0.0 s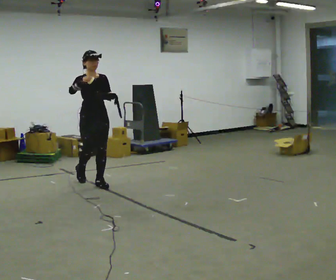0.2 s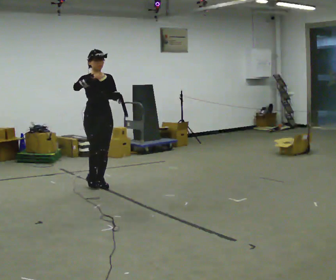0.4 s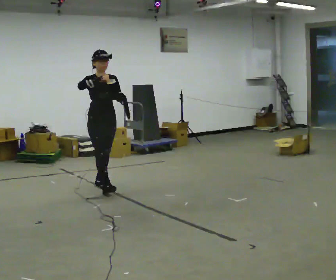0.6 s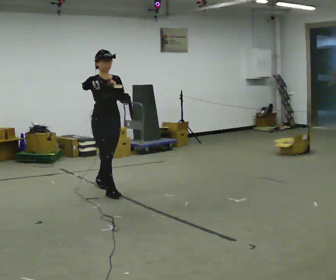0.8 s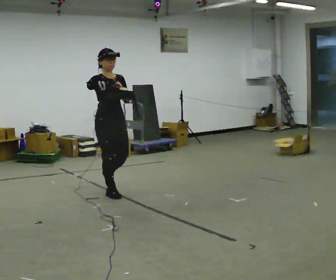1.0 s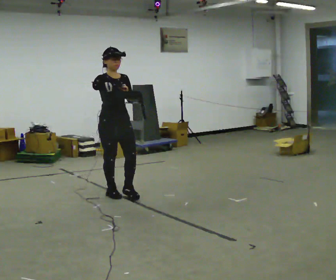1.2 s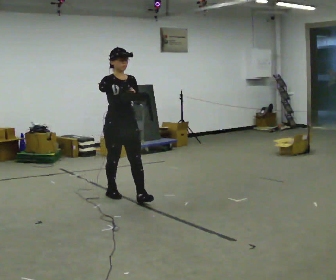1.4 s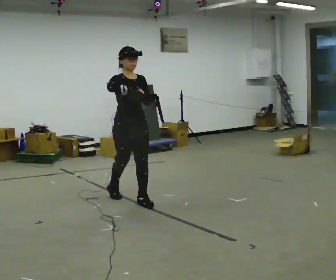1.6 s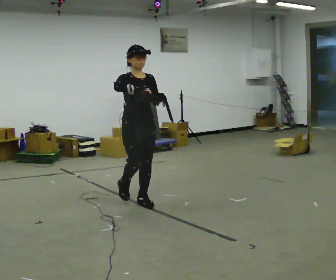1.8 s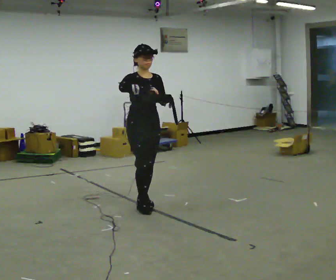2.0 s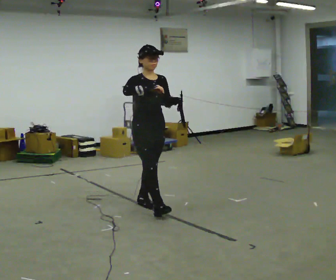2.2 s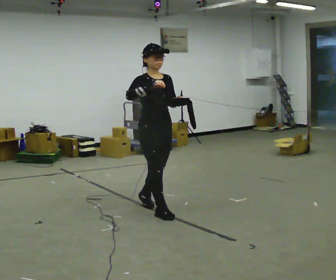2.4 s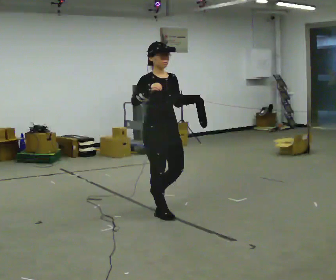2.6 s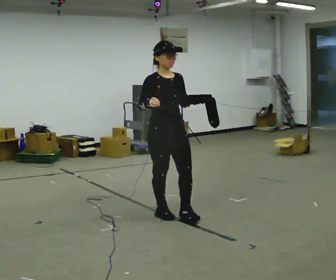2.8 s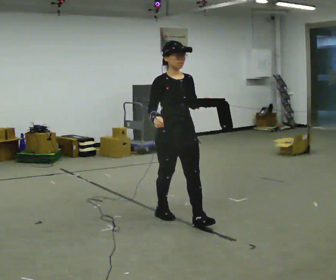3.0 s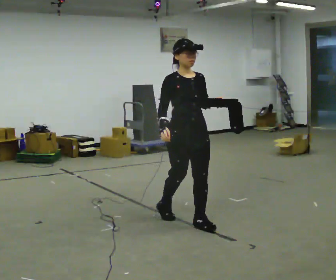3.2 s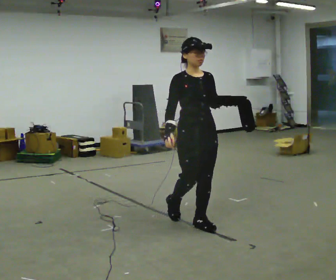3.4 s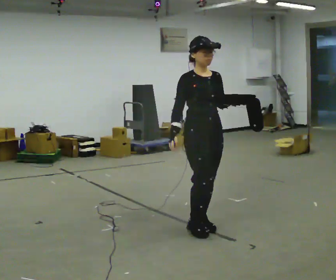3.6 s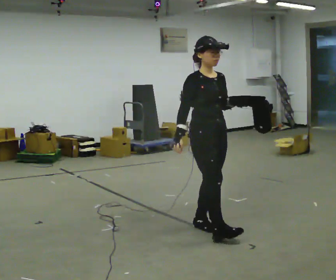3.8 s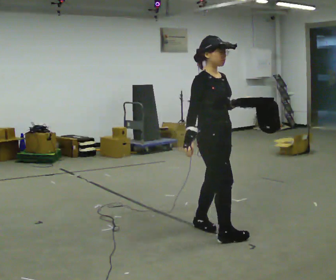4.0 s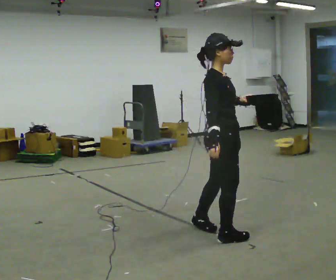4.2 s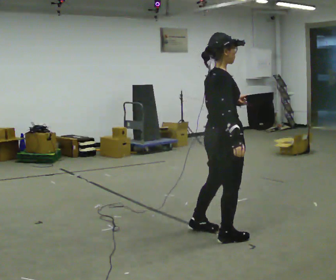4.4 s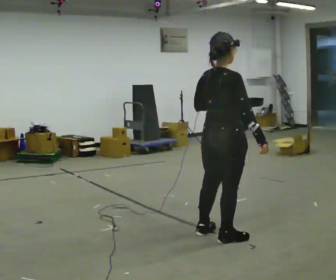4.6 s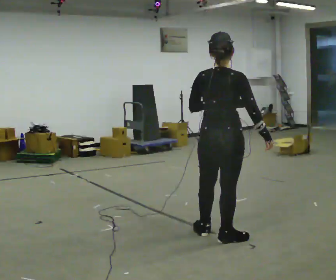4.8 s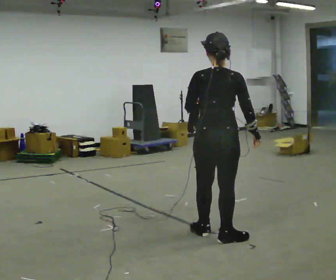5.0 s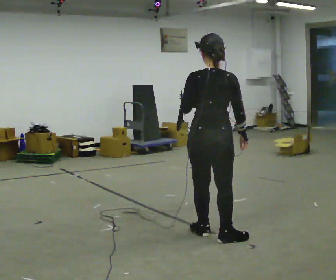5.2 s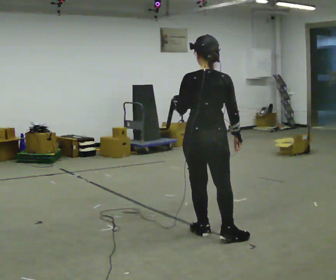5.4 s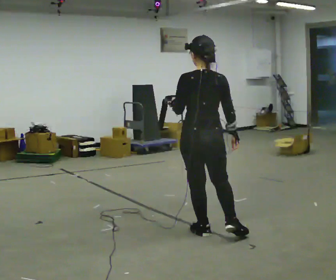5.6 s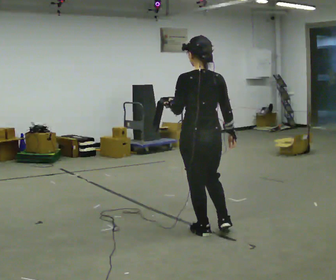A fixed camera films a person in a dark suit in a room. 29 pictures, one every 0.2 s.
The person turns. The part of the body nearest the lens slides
to the right.
The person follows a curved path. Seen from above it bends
clockwise.
0.0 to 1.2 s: In the picture they go to the right and toward the camera, about 0.5 m in 2 steps, which for them is forward.
1.2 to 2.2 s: In the picture they go to the right and toward the camera, about 0.75 m in 1 step, which for them is forward.
2.2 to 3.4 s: In the picture they go to the right and toward the camera, about 0.75 m in 1 step, which for them is forward. In the picture their right hand goes downward.
3.4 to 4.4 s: The part of the body nearest the lens slides to the right as the person turns to their left by about 105 degrees. In the picture they go toward the camera and to the right, about 0.25 m in 1 step.
4.4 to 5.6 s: Seen from above the body turns counterclockwise, about 60 degrees: to their left, with its near side sliding to the right. In the picture they go to the left, about 0.25 m in 1 step, which for them is to their left and forward.
The film runs forward here.
